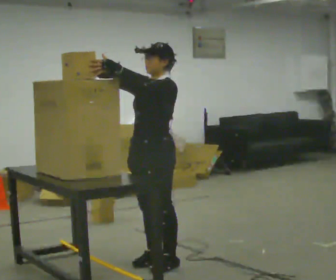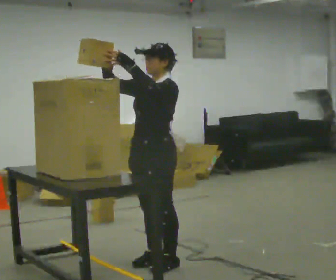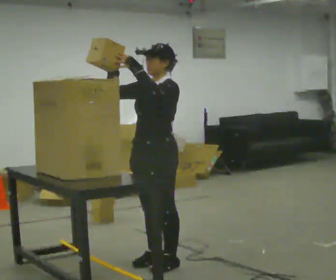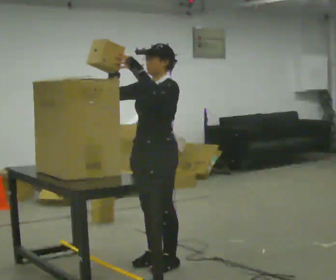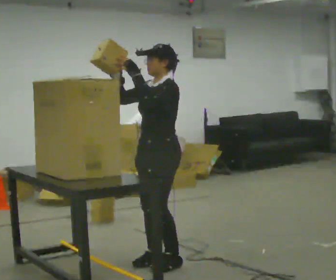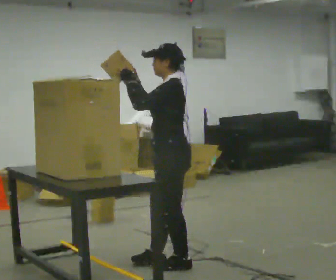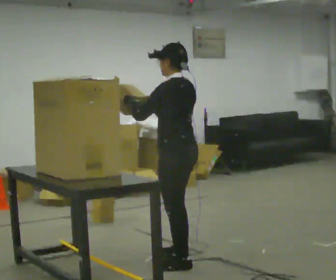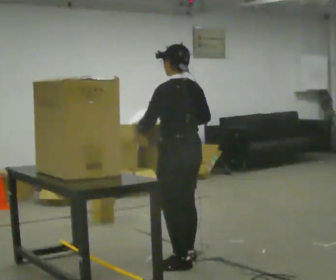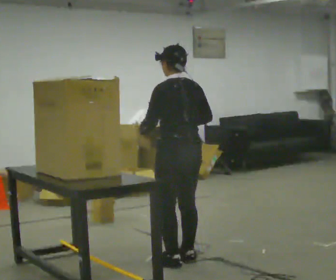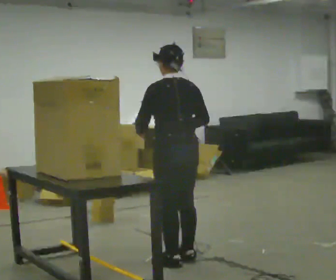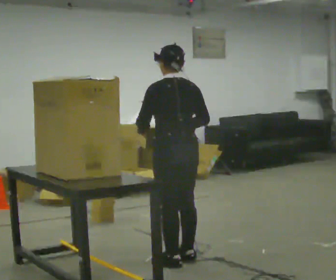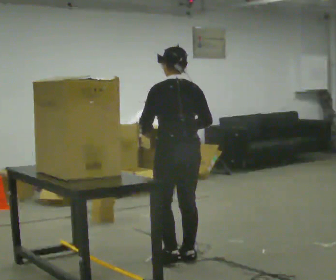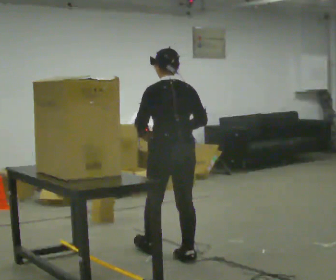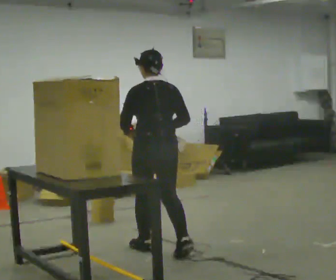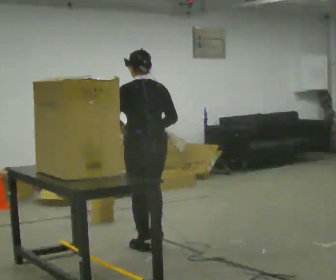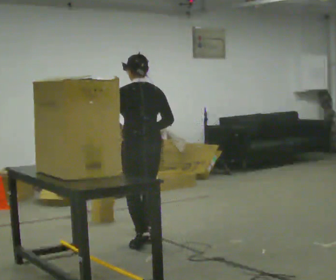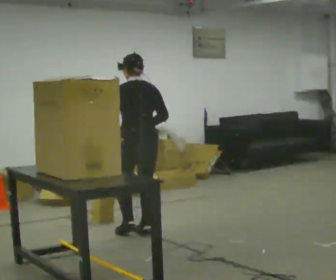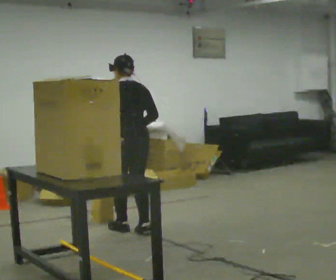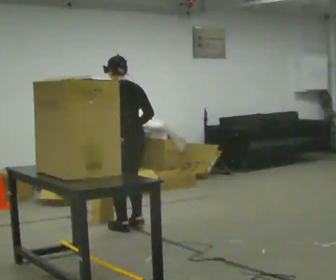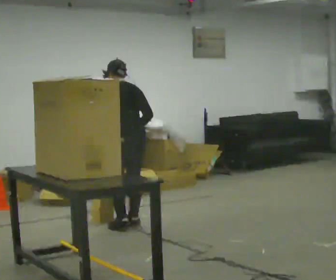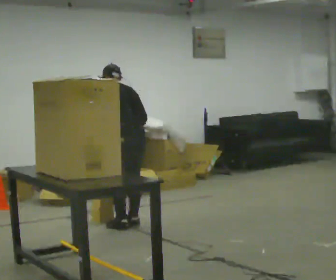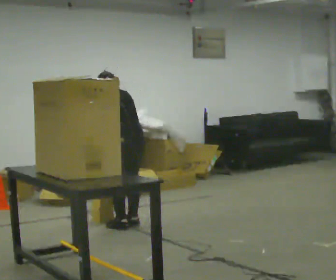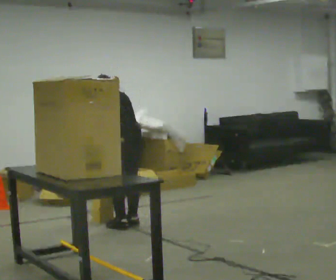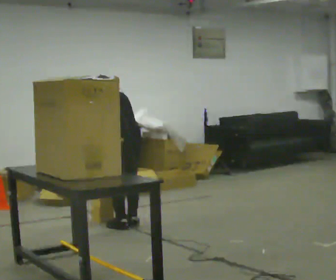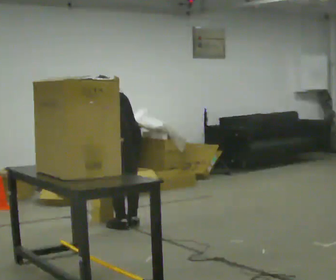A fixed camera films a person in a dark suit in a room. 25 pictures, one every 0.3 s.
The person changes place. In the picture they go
away from the camera.
Their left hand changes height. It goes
downward.
0.0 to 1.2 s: The person moves a little, or ends about where they began.
1.2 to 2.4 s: The person turns about 75 degrees to their right, clockwise seen from above, so the part of the body nearest the lens slides to the left. In the picture their right hand goes to the right and downward.
2.4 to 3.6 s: In the picture they go away from the camera, about 0.25 m, which for them is forward.
3.6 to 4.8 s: In the picture they go away from the camera and to the left, about 0.5 m in 2 steps, which for them is forward.
4.8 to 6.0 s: In the picture they go away from the camera, about 0.25 m in 2 steps, which for them is forward. The upper body tips away from the camera, its near side rolling upward, as they bend forward.
6.0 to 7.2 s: The person moves a little, or ends about where they began.
The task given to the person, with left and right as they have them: Pick an object up off the floor, carry it across the room, and place it on the highest shelf you can comfortably reach. Keep going until the operator says stop; one object at a time, and do not rush between trips.
The film runs forward here.
